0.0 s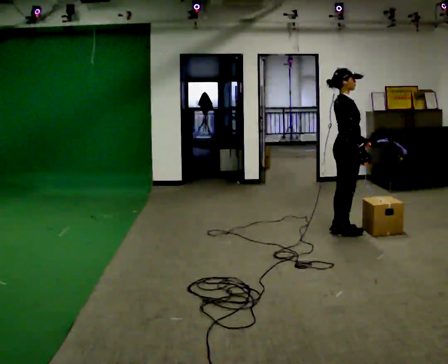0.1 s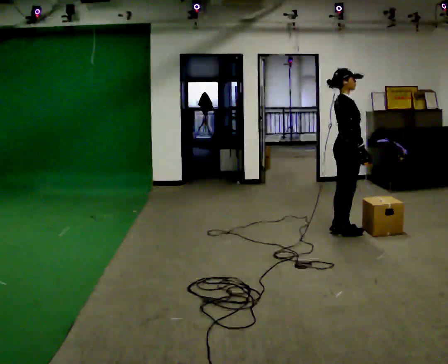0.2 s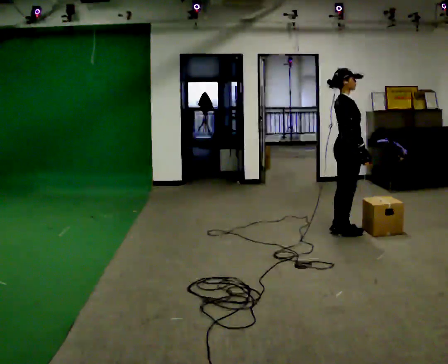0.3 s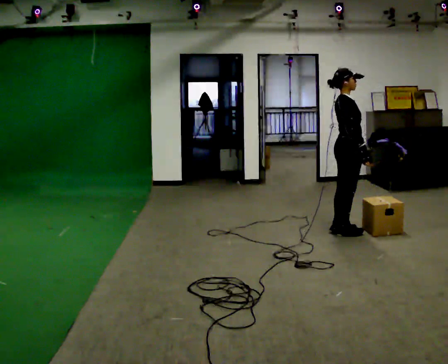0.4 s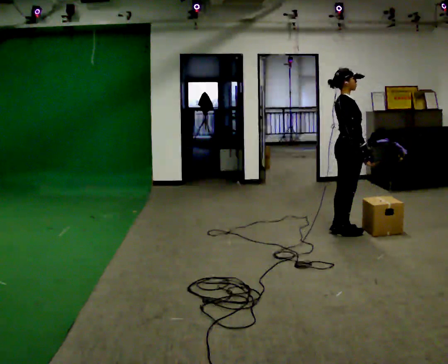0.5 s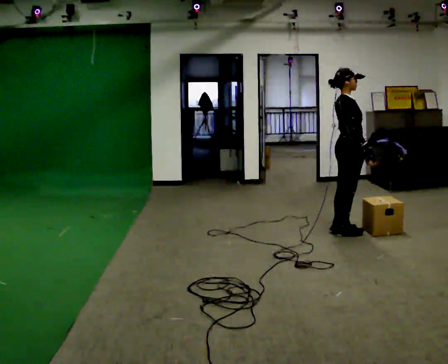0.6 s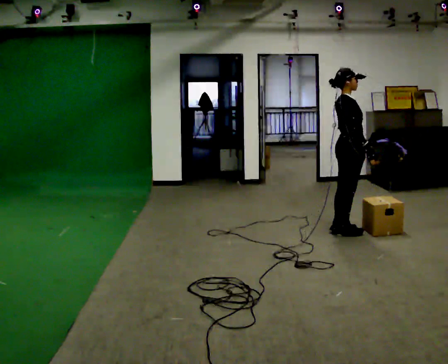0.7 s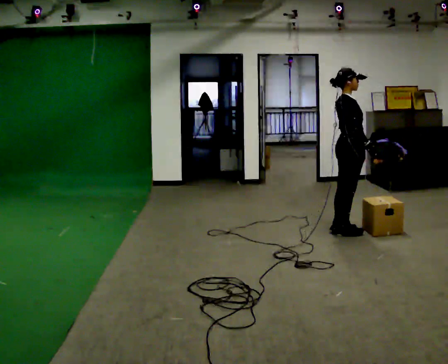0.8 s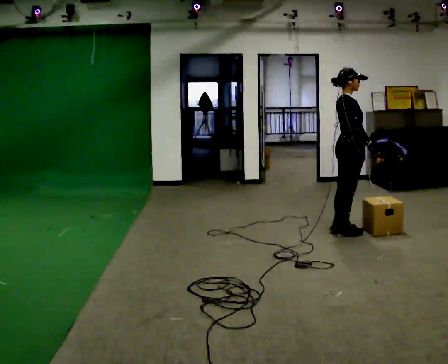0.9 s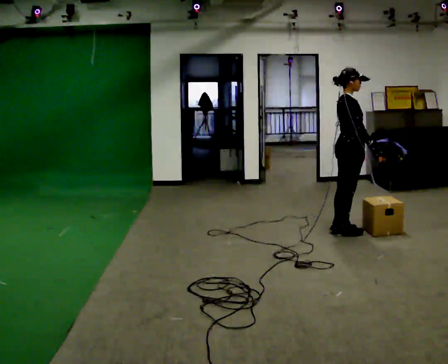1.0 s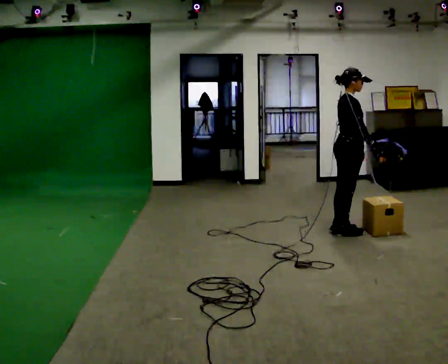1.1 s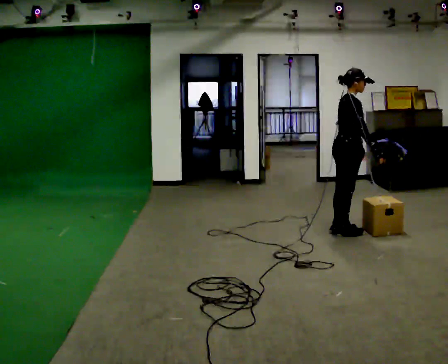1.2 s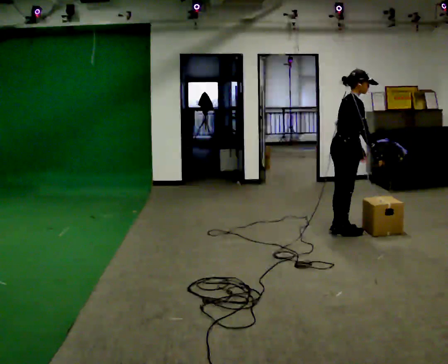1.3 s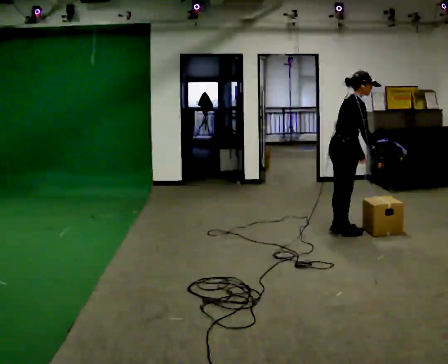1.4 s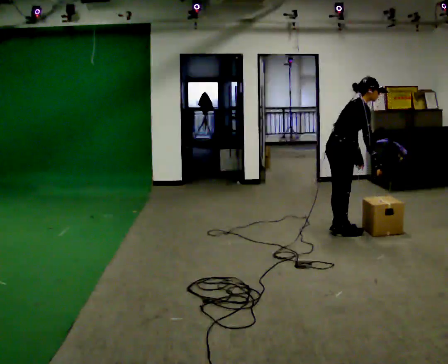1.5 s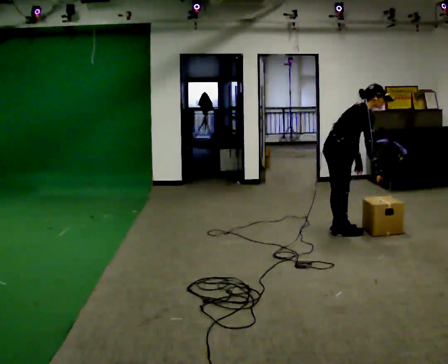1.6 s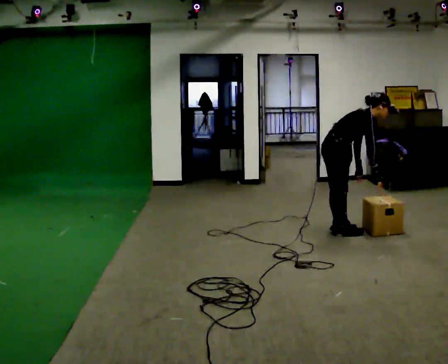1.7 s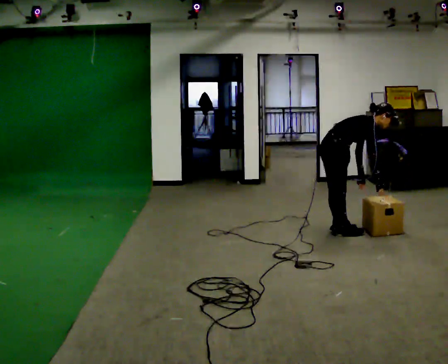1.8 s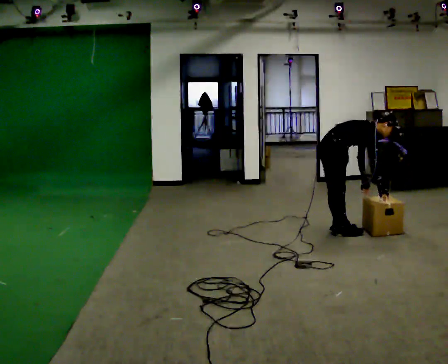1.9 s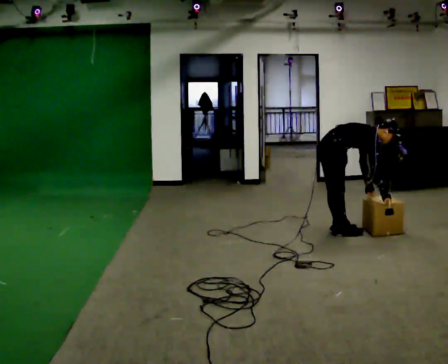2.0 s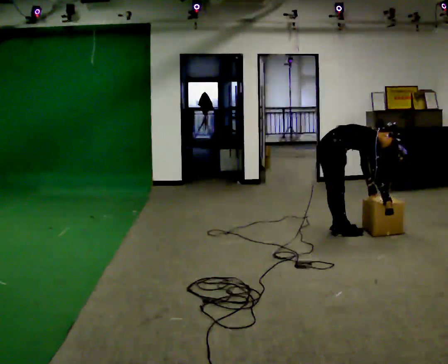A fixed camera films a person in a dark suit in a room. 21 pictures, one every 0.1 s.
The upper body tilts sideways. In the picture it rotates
clockwise.
The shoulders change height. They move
downward.
0.0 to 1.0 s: The person moves a little, or ends about where they began.
1.0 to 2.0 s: The shoulders move downward. In the picture the upper body tilts clockwise, shoulders to the right, as they bend forward. In the picture their right hand goes downward.
The film runs backward here.
